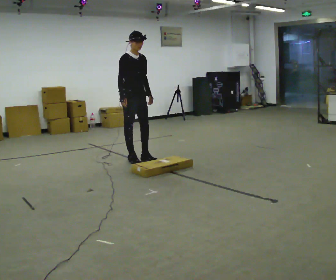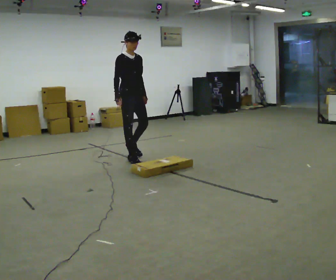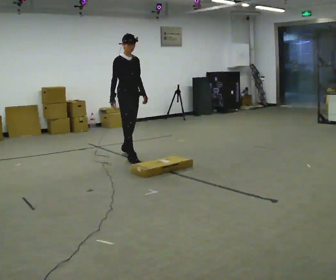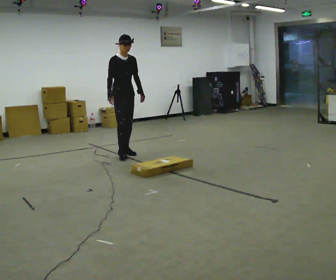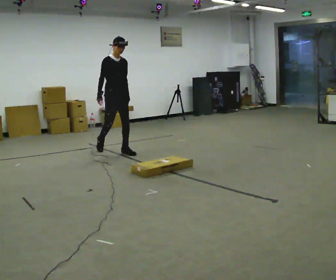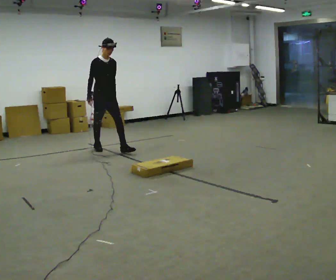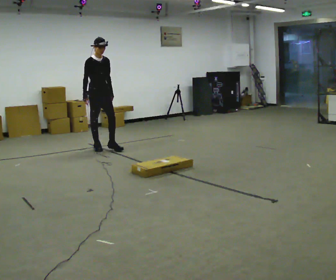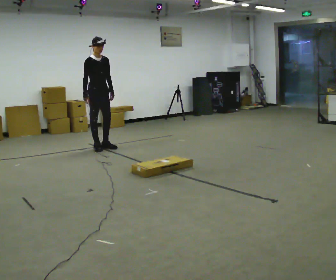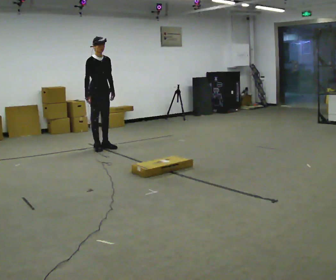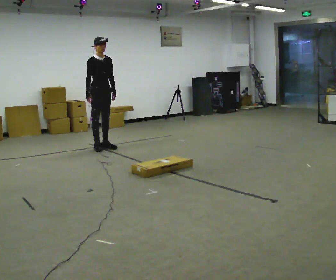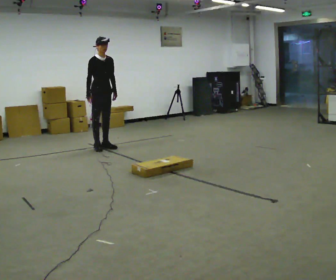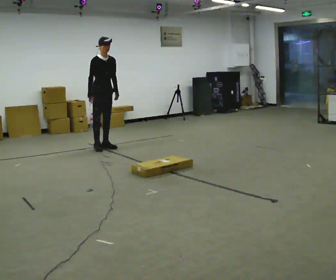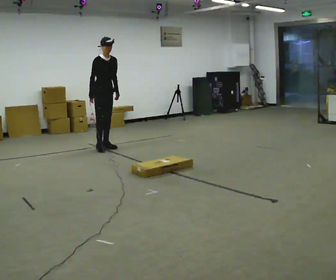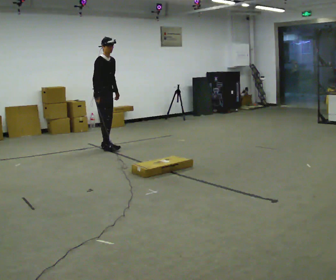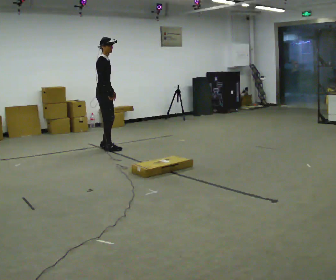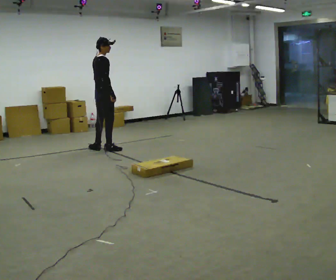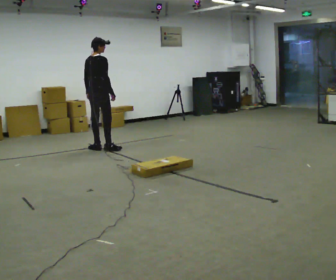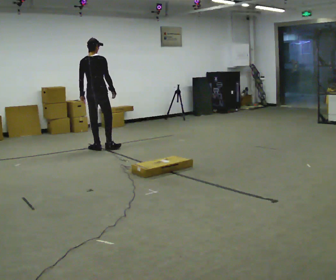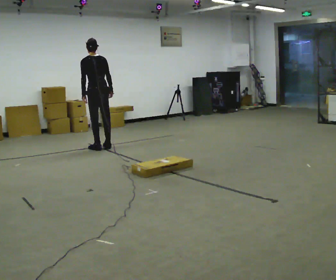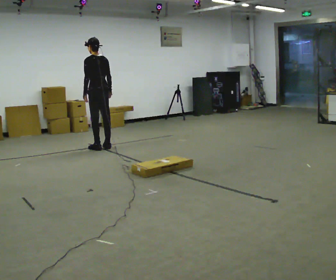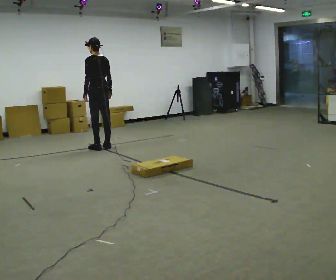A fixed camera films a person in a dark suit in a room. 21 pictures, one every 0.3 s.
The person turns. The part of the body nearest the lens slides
to the right.
The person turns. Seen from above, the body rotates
counterclockwise.
0.0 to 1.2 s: In the picture they go away from the camera, about 0.5 m in 1 step, which for them is backward.
1.2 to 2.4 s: In the picture they go away from the camera and to the left, about 0.5 m in 1 step, which for them is backward.
2.4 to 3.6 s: The person moves a little, or ends about where they began.
3.6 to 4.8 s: The part of the body nearest the lens slides to the right as the person turns to their left by about 105 degrees. In the picture they go toward the camera, about 0.25 m in 1 step. In the picture their right hand goes to the right, the arm swinging counterclockwise.
4.8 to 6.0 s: The part of the body nearest the lens slides to the right as the person turns to their left by about 75 degrees.
The film runs backward here.
